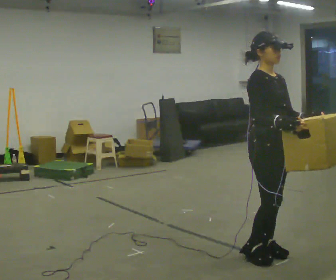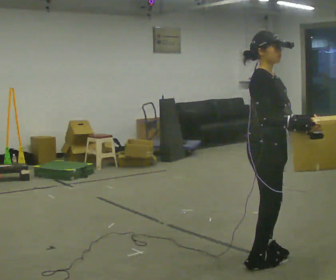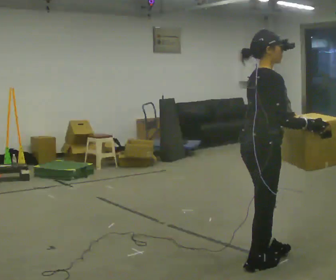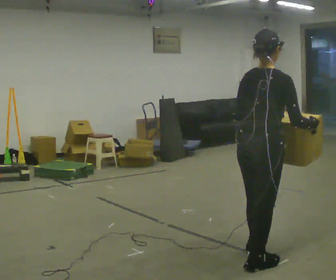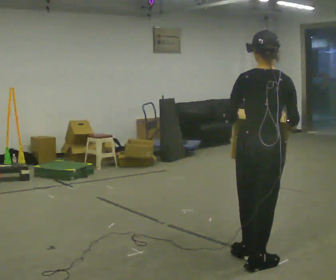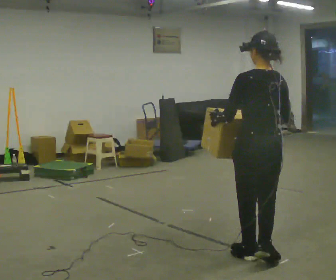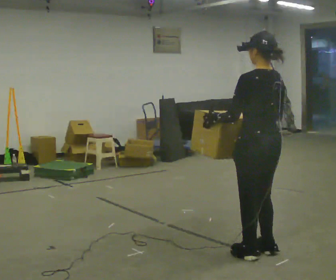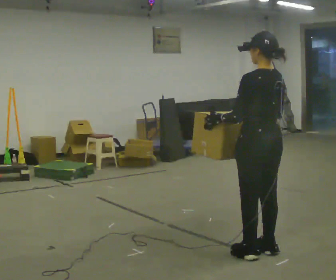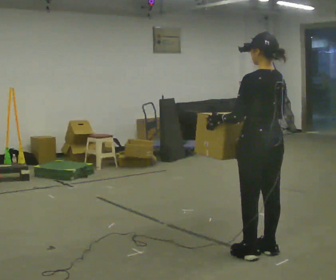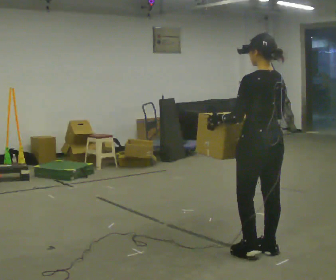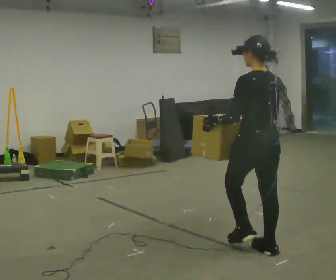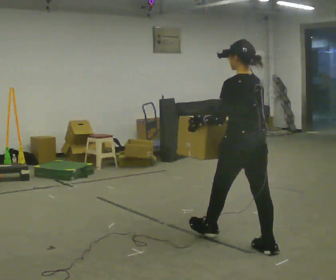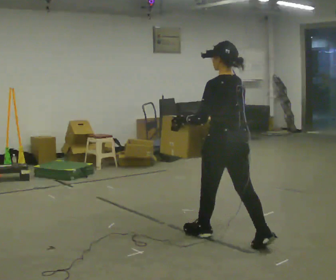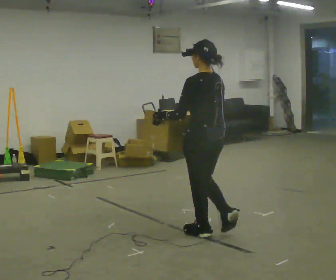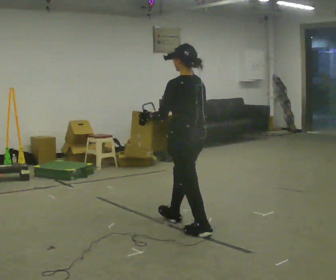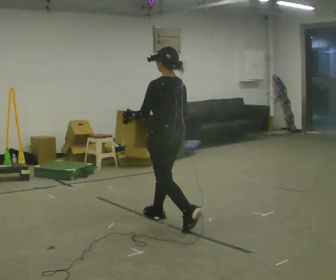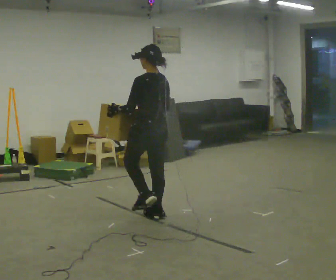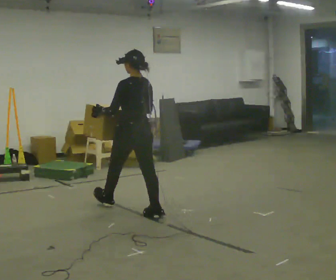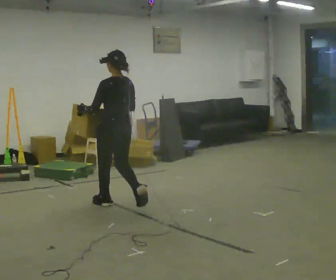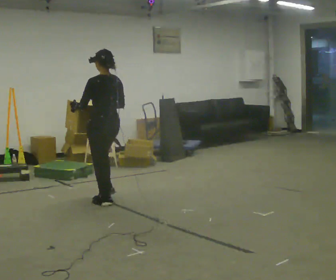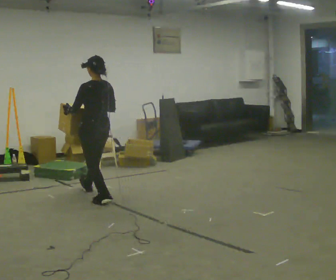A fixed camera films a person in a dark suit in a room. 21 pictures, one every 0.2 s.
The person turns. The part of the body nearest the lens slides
to the right.
The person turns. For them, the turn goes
to their left.
0.0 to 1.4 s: The part of the body nearest the lens slides to the right as the person turns to their left by about 165 degrees.
1.4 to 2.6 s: In the picture they go to the left and away from the camera, about 0.5 m in 1 step, which for them is forward.
2.6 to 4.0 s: In the picture they go to the left and away from the camera, about 1.5 m in 2 steps, which for them is forward.
The film runs forward here.
